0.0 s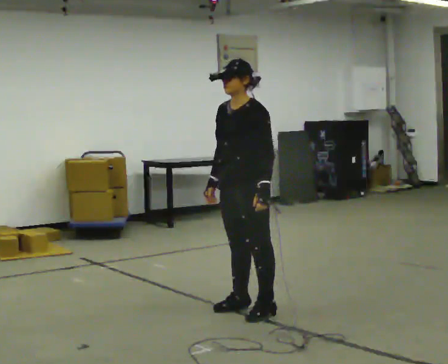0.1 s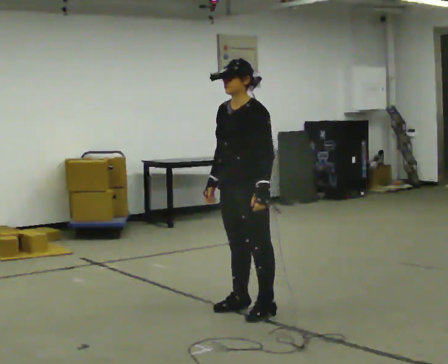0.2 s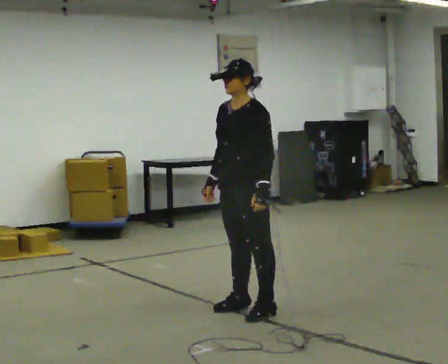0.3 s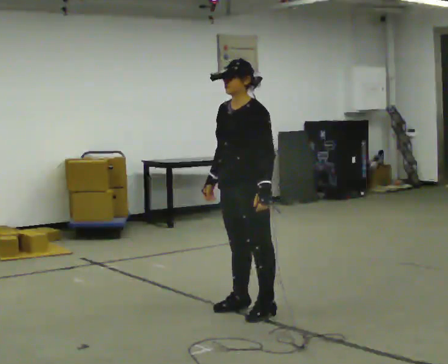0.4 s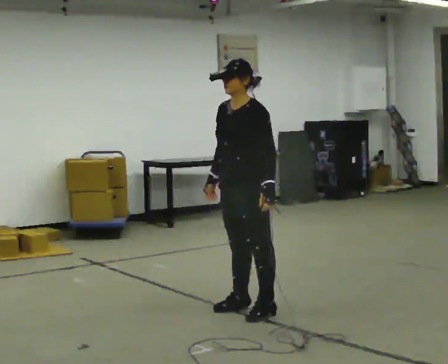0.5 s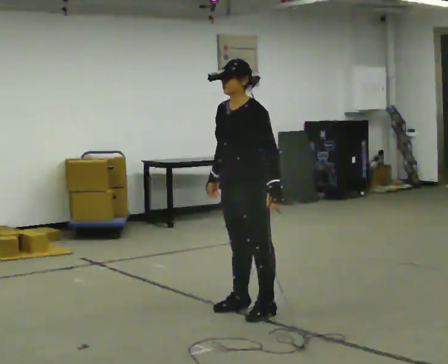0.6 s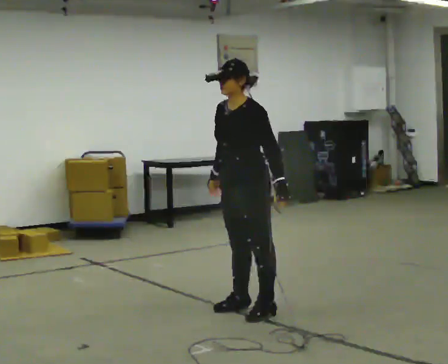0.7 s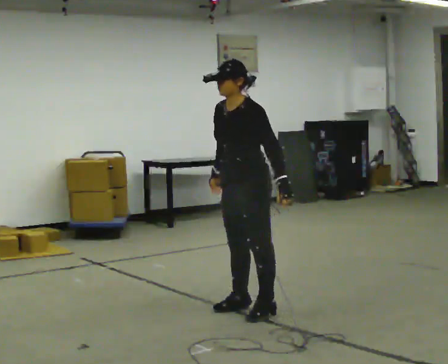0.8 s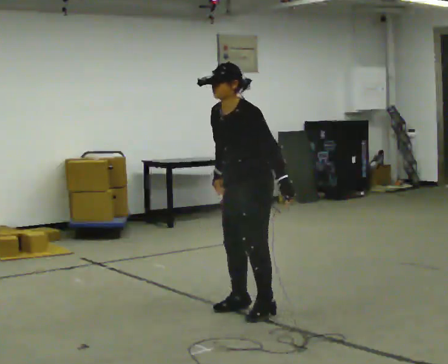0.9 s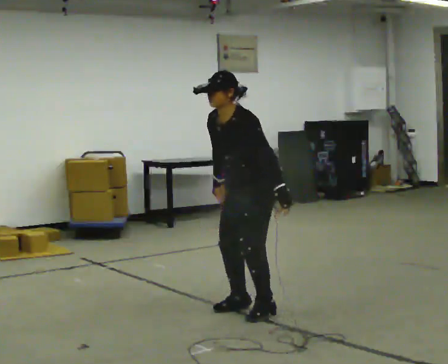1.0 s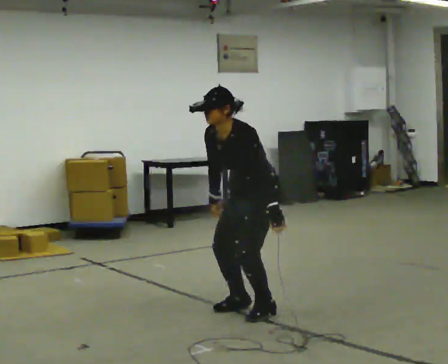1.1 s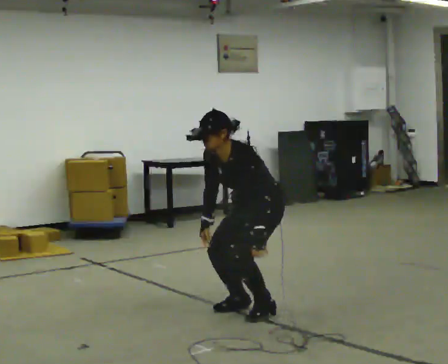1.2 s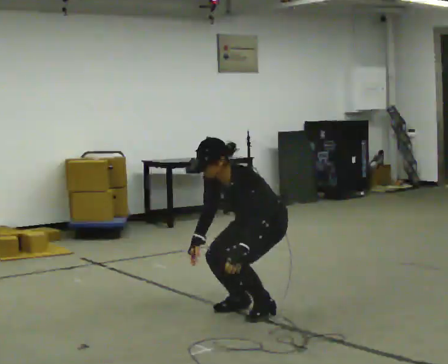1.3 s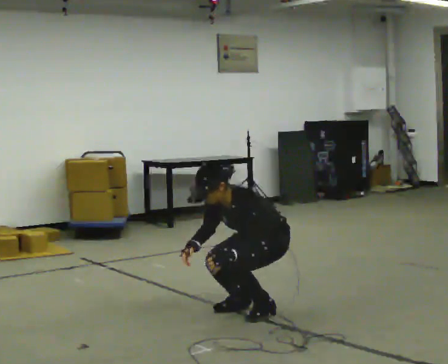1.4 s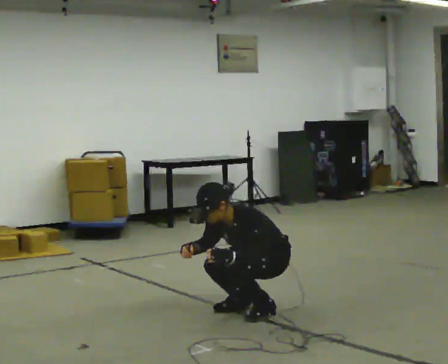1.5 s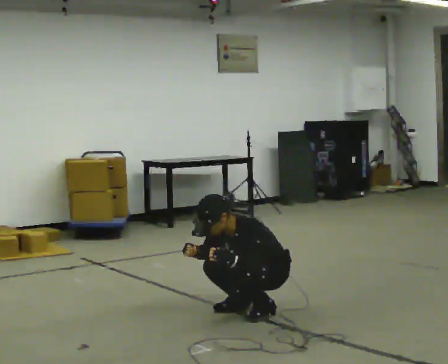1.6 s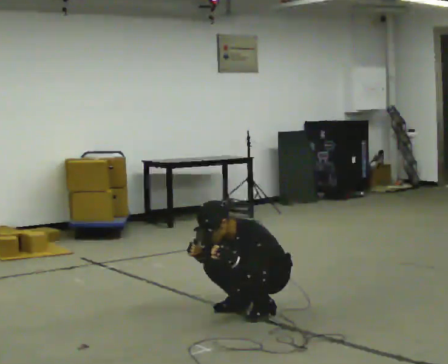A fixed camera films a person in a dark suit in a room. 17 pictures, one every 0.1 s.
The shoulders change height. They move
downward.
Their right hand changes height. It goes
downward.
0.0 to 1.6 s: In the picture they go to the right, about 0.25 m, which for them is backward. The upper body goes downward. In the picture the upper body tilts counterclockwise, shoulders to the left, as they bend forward. In the picture their left hand goes downward.
The film runs backward here.
